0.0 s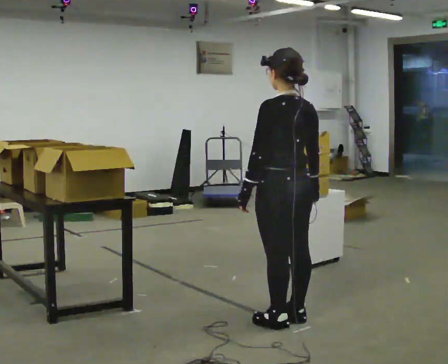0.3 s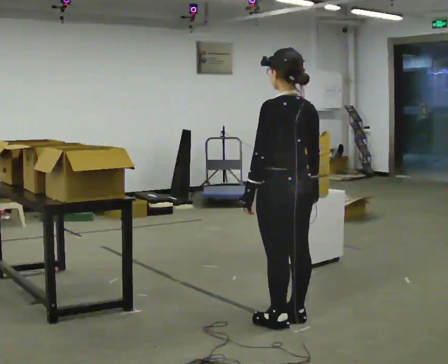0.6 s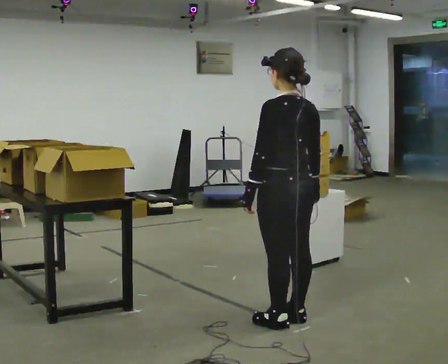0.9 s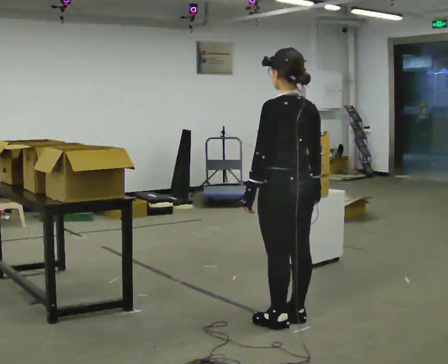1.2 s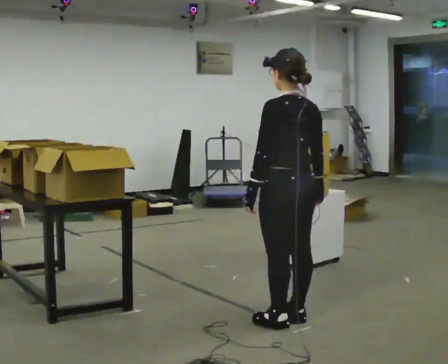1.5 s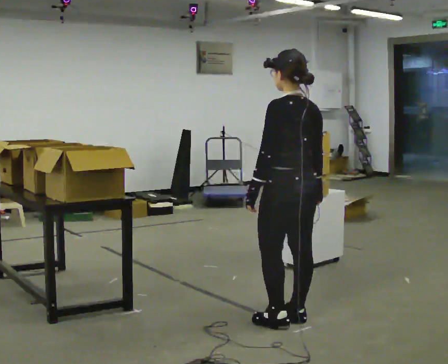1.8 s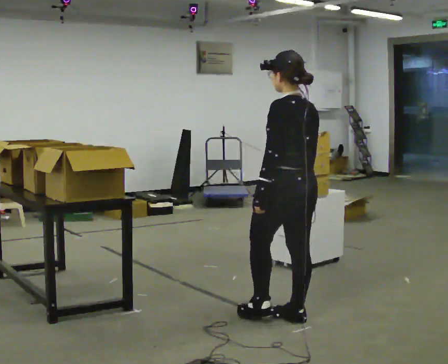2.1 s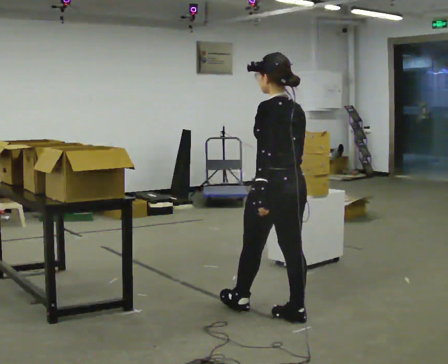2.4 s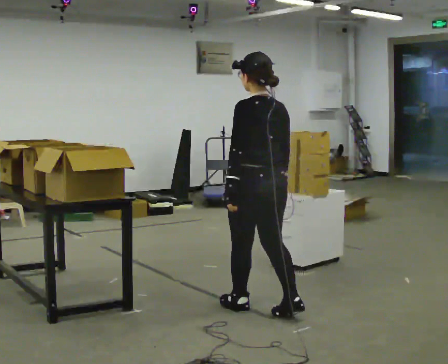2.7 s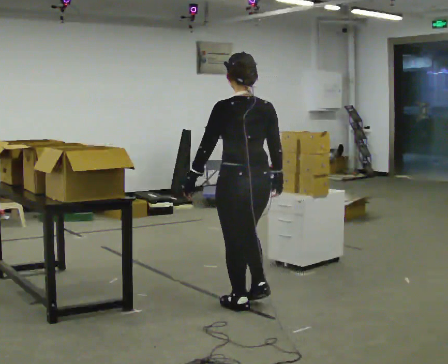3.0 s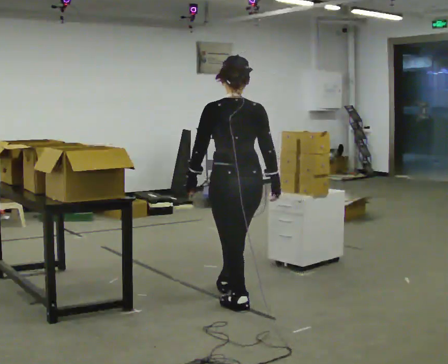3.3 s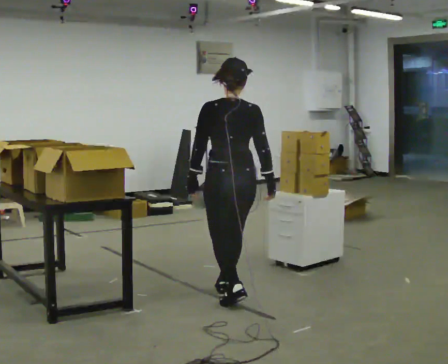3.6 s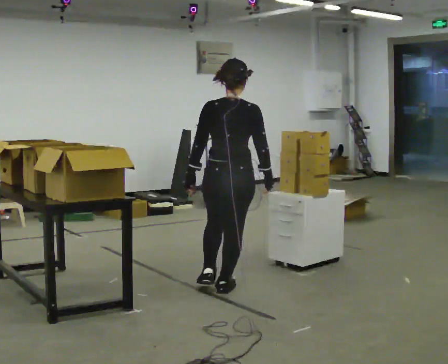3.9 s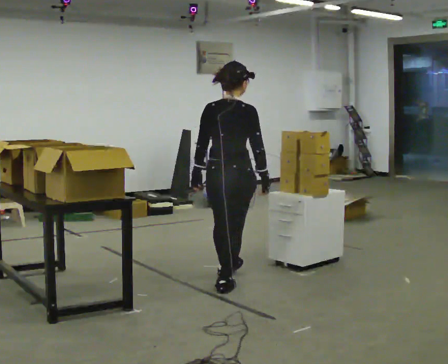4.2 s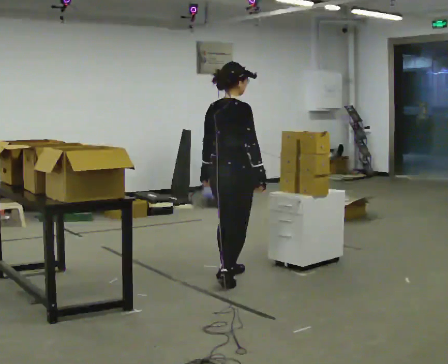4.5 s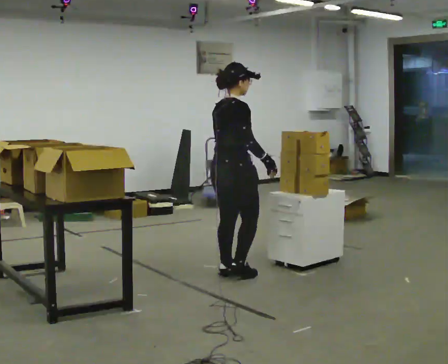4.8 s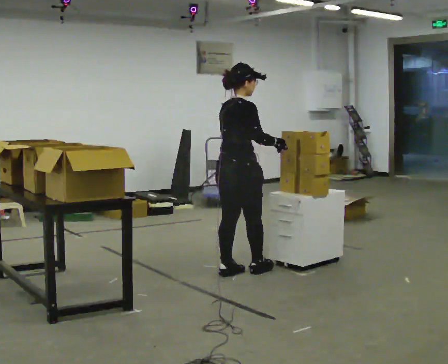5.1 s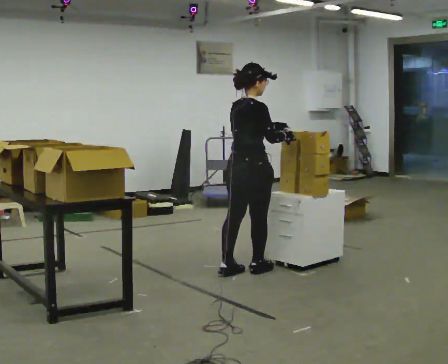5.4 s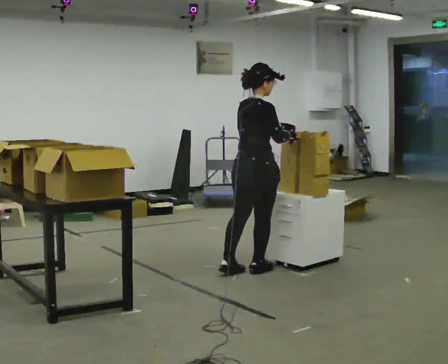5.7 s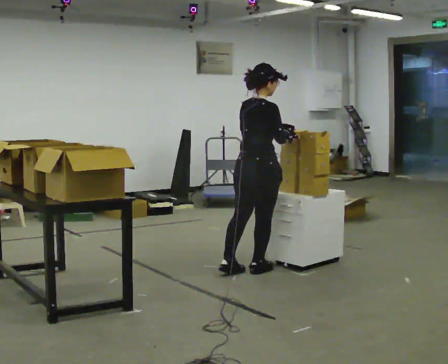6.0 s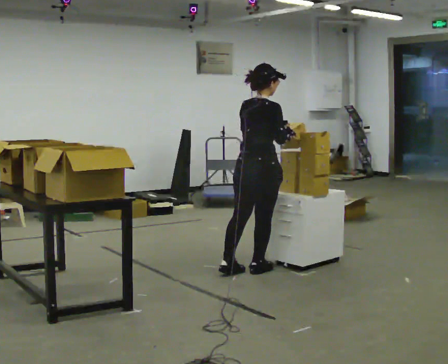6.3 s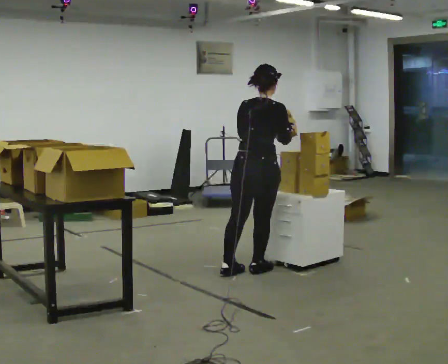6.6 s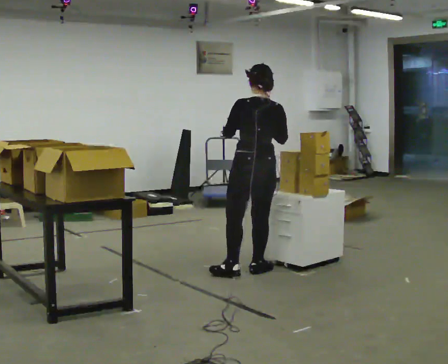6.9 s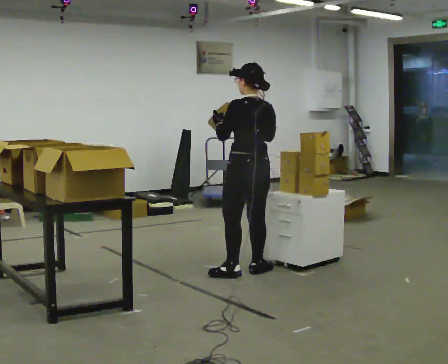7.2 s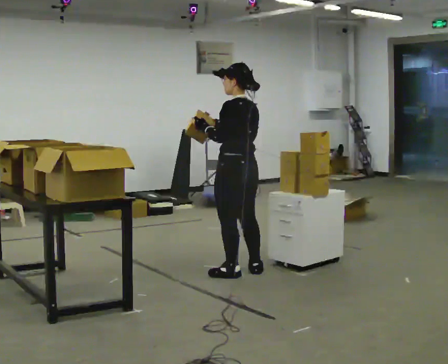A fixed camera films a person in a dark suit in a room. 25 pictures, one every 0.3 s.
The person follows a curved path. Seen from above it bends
clockwise.
The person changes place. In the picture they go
away from the camera.
0.0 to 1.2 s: The person moves a little, or ends about where they began.
1.2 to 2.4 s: In the picture they go away from the camera and to the left, about 0.25 m in 1 step, which for them is forward.
2.4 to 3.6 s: The part of the body nearest the lens slides to the left as the person turns to their right by about 45 degrees. In the picture they go away from the camera, about 0.5 m in 1 step, which for them is forward.
3.6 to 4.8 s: The part of the body nearest the lens slides to the left as the person turns to their right by about 45 degrees. In the picture they go away from the camera, about 0.5 m in 2 steps, which for them is forward and to their left.
4.8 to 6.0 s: In the picture they go to the right, about 0.25 m, which for them is forward.
6.0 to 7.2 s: The person turns about 90 degrees to their left, counterclockwise seen from above, so the part of the body nearest the lens slides to the right. In the picture their left hand goes to the left.
The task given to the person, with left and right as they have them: 1. Read the list the operator gives you. 2. Collect the six items on the list from the shelves. 3. Put them all in the bin on the table. 4. Tell the operator when you are finished.
The film runs forward here.
